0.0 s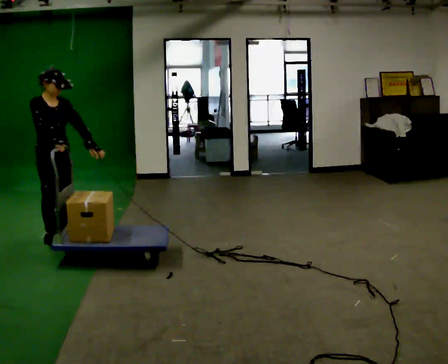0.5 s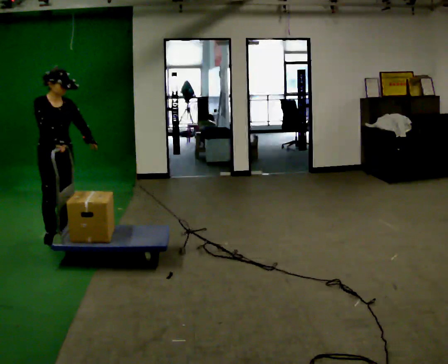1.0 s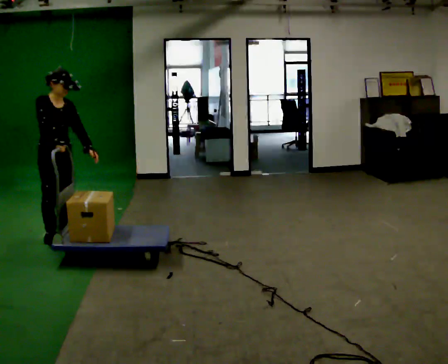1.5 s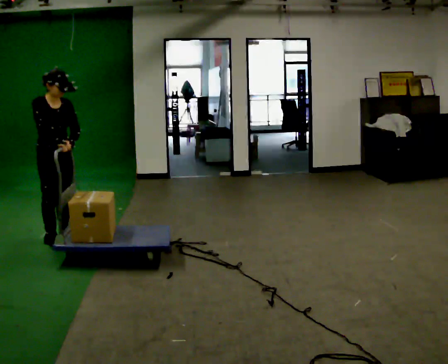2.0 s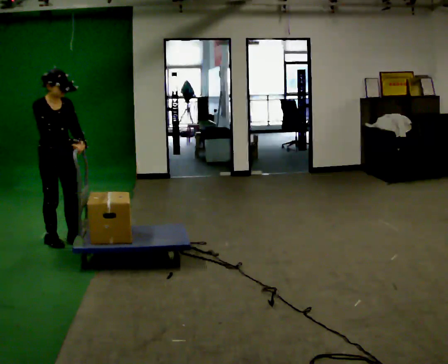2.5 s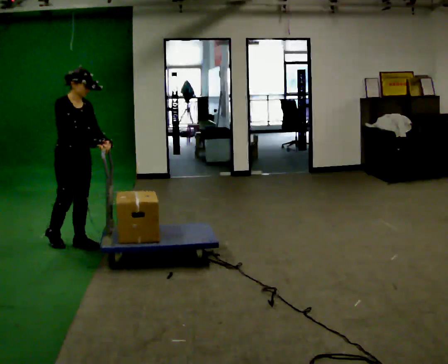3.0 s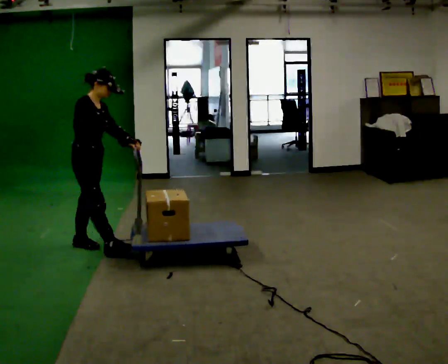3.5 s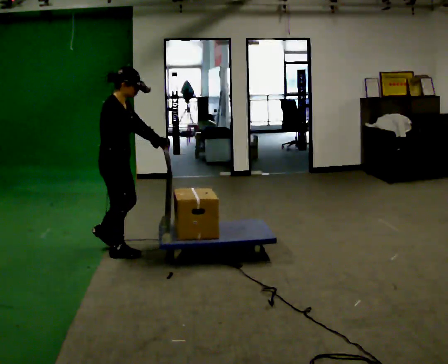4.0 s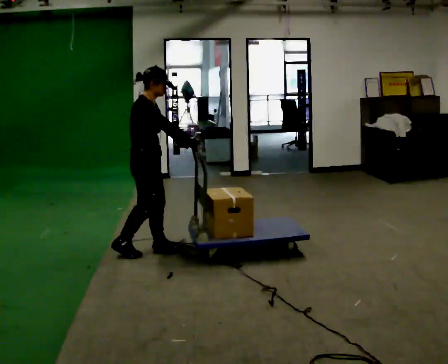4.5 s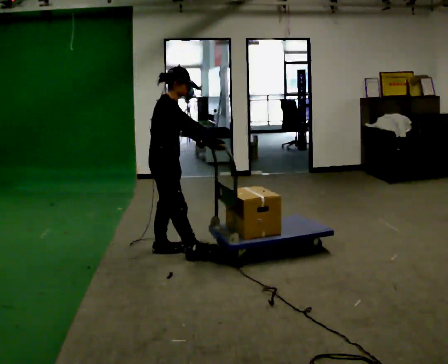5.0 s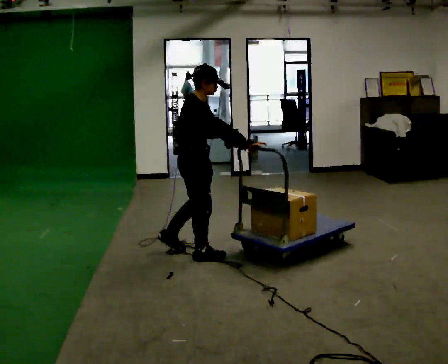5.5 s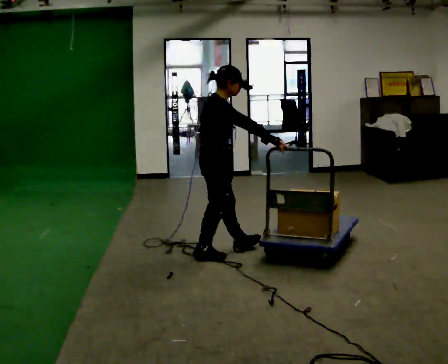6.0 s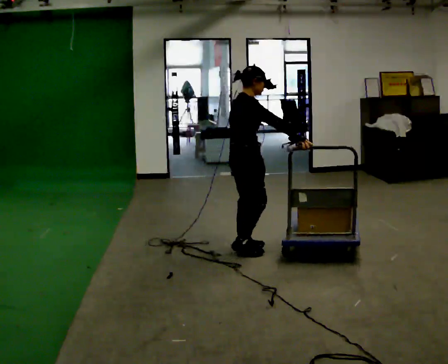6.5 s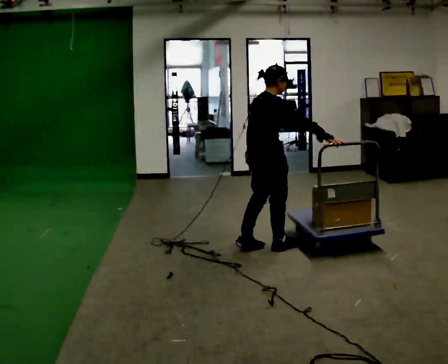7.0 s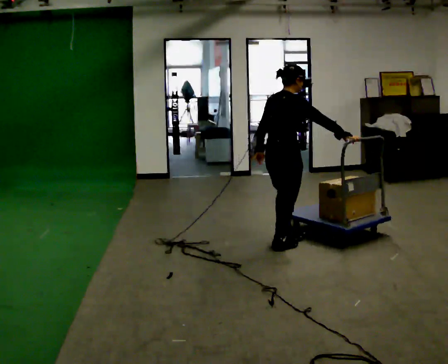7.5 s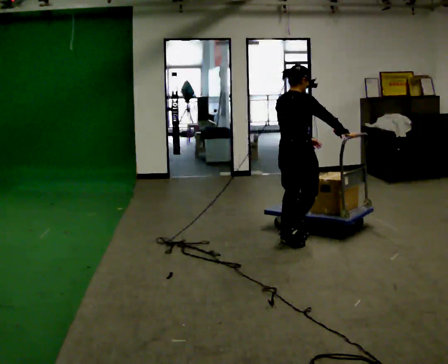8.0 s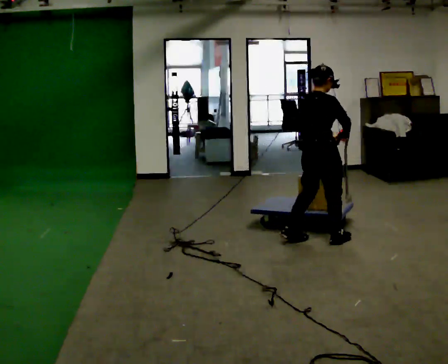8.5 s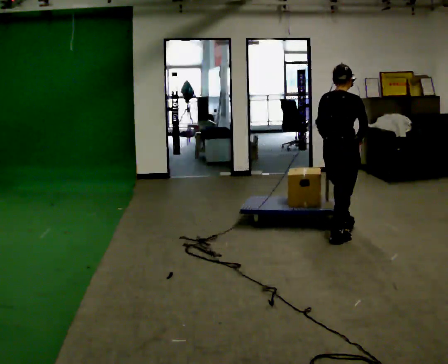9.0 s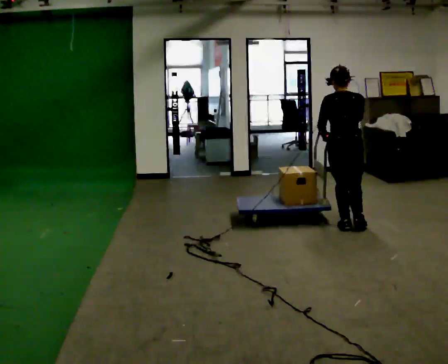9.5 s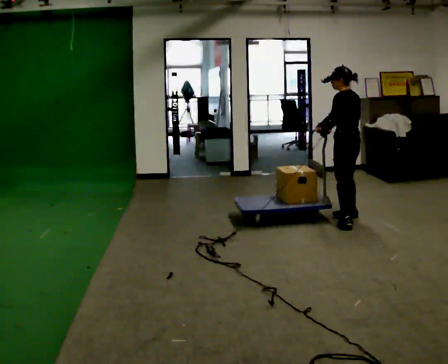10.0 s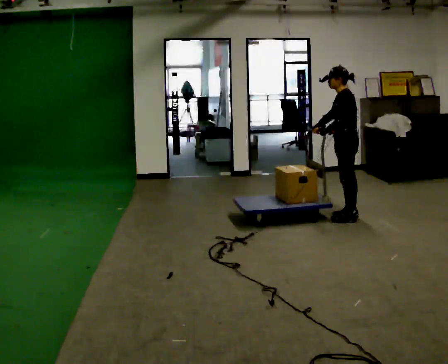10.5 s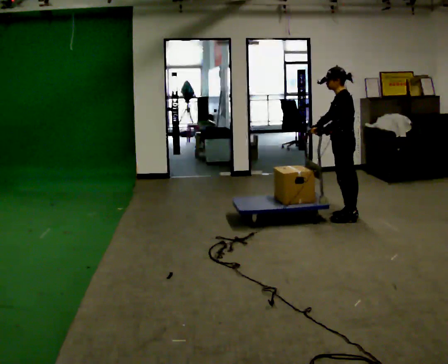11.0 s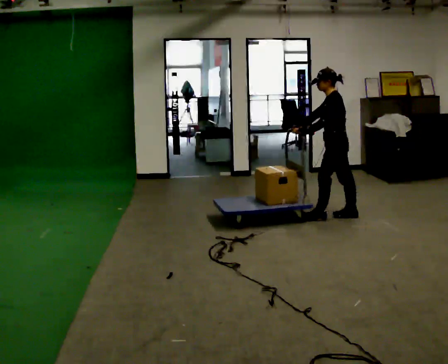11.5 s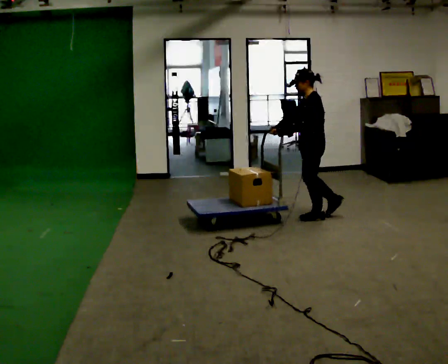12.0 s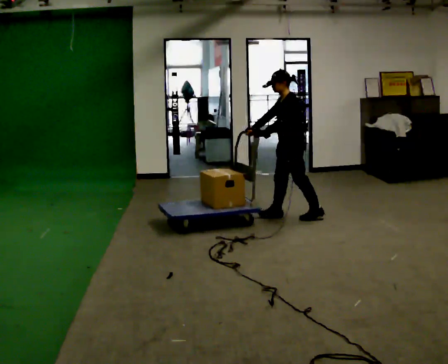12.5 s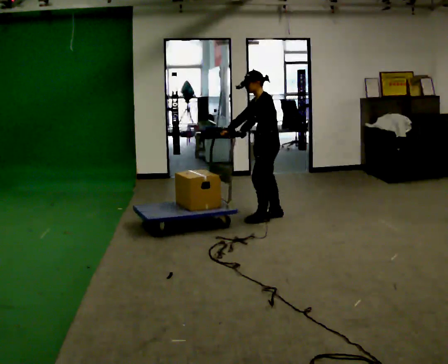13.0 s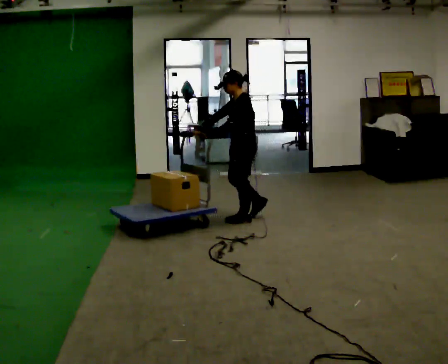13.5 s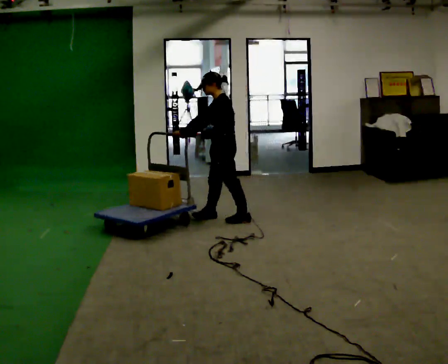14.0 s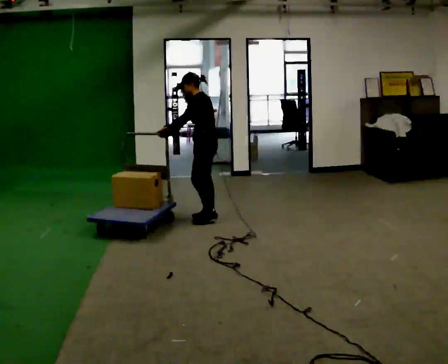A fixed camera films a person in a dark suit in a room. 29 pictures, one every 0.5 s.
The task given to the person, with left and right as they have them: Push the cart across the room and back. The operator will change how much is loaded on it between takes and will tell you each time.
0.0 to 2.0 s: The person moves a little, or ends about where they began.
2.0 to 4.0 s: Seen from above the body turns counterclockwise, about 45 degrees: to their left, with its near side sliding to the right. In the picture they go to the right, about 1 m in 3 steps, which for them is forward.
4.0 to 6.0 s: In the picture they go to the right, about 1 m in 2 steps, which for them is forward.
6.0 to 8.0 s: In the picture they go to the right, about 0.75 m in 3 steps, which for them is forward and to their right.
8.0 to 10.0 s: Seen from above the body turns counterclockwise, about 135 degrees: to their left, with its near side sliding to the right. In the picture they go away from the camera and to the right, about 1 m in 3 steps.
10.0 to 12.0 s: In the picture they go to the left, about 0.5 m in 2 steps, which for them is forward.
12.0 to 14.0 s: In the picture they go to the left, about 1 m in 2 steps, which for them is forward.
The film runs forward here.
